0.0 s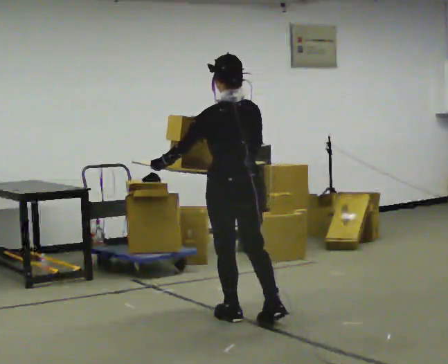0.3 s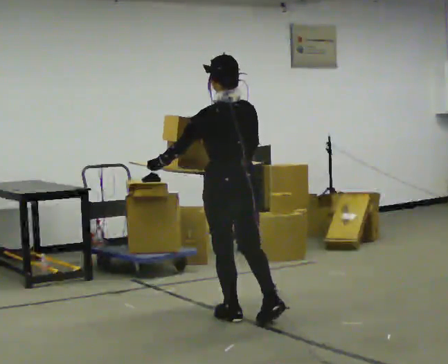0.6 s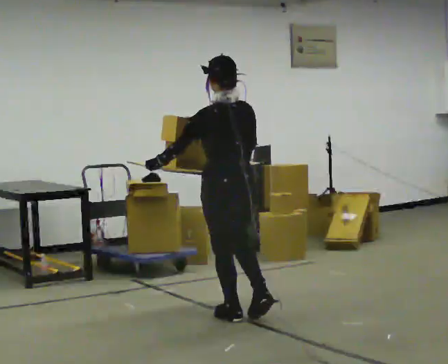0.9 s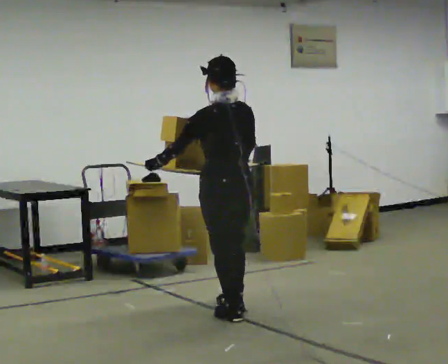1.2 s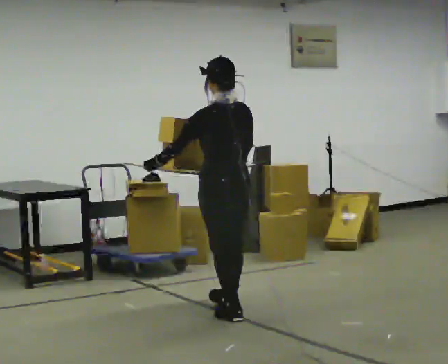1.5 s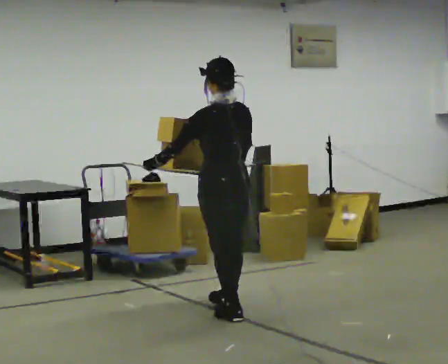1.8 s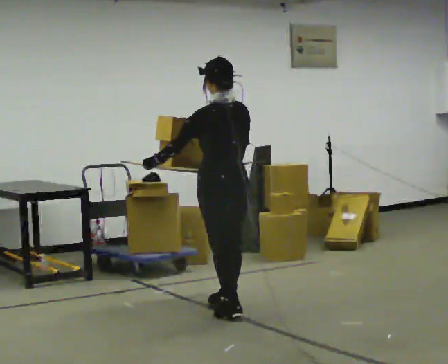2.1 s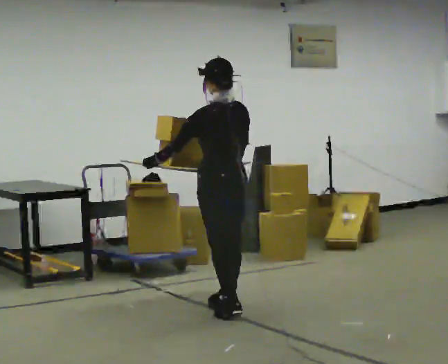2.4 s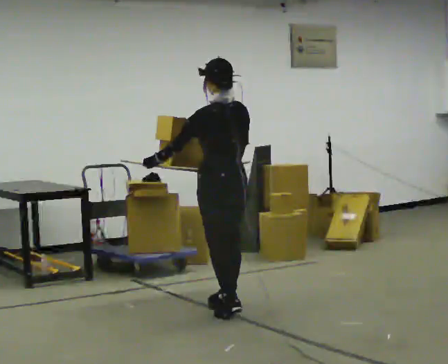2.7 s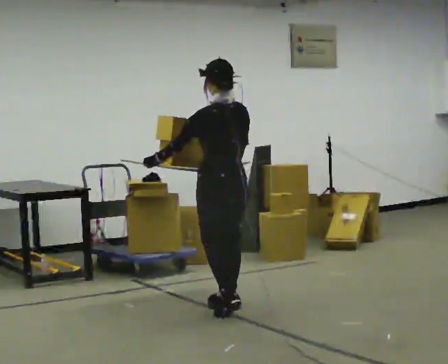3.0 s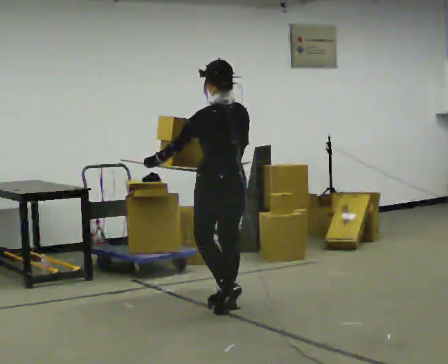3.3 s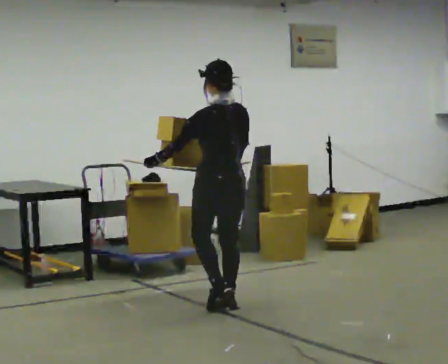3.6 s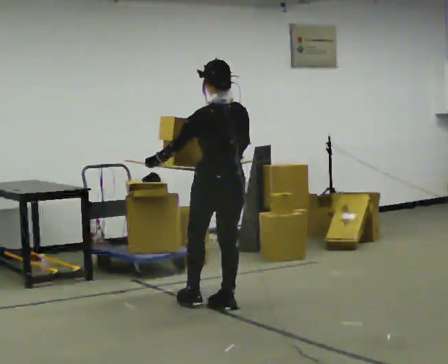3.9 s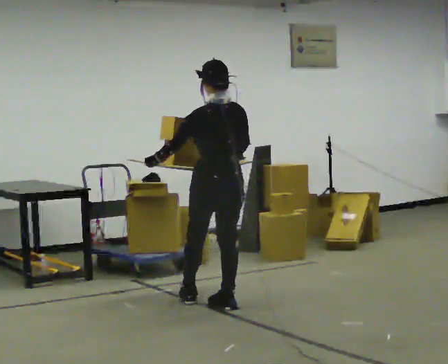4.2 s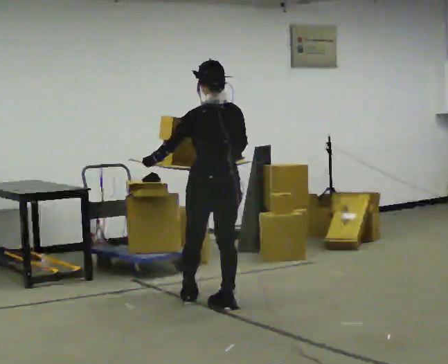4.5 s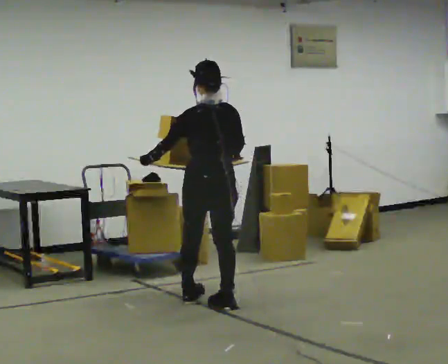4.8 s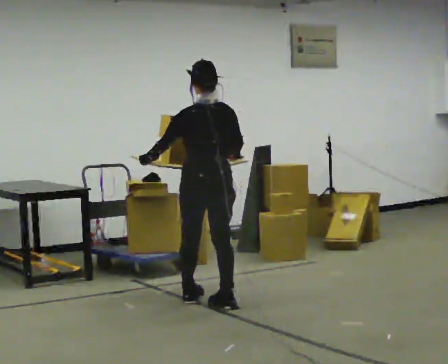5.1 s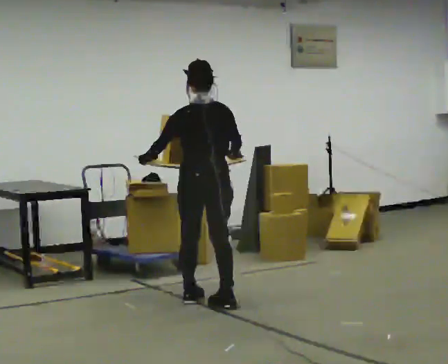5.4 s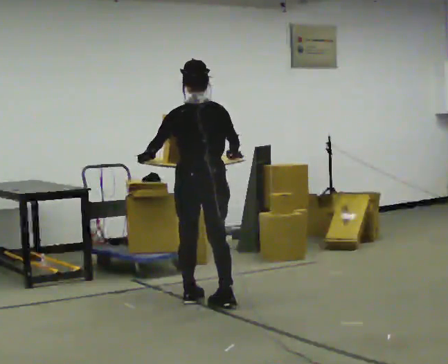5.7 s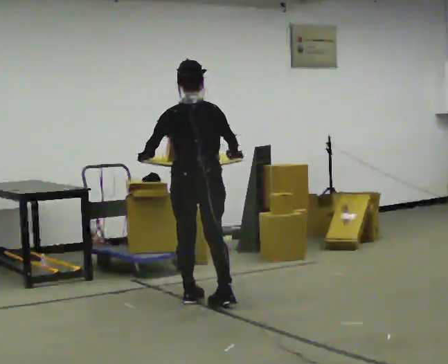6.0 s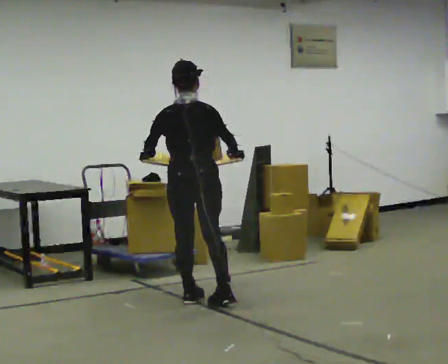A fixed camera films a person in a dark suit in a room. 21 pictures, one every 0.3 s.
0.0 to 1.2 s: The person moves a little, or ends about where they began.
1.2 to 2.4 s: In the picture they go away from the camera, about 0.25 m, which for them is forward.
2.4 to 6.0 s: Seen from above the body turns clockwise, about 45 degrees: to their right, with its near side sliding to the left. In the picture they go to the left and away from the camera, about 0.25 m in 2 steps, which for them is forward.
The film runs forward here.
